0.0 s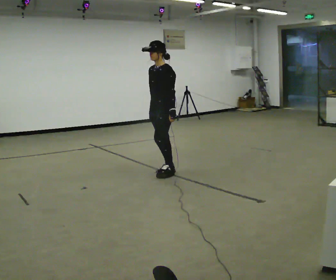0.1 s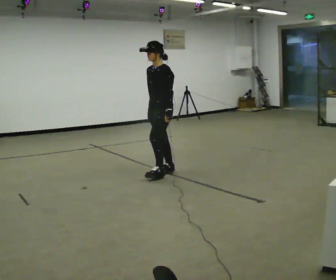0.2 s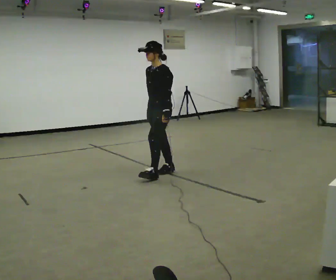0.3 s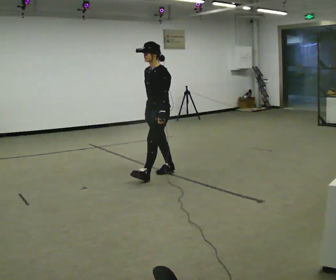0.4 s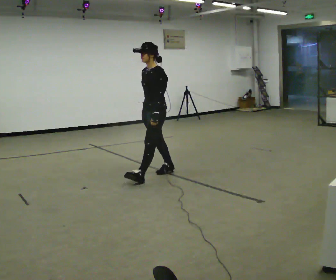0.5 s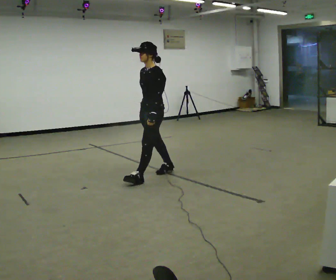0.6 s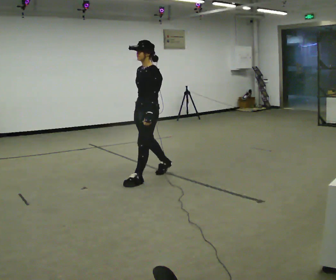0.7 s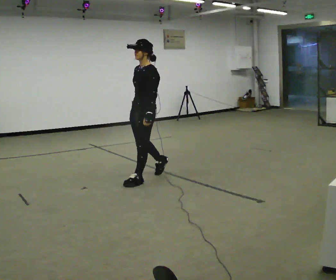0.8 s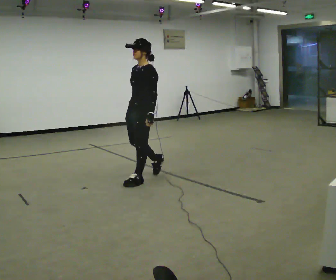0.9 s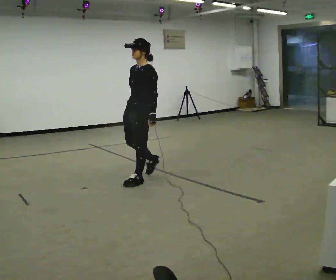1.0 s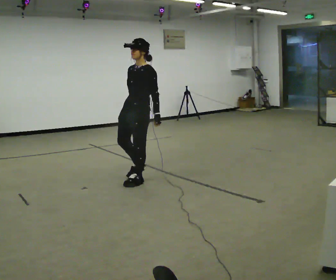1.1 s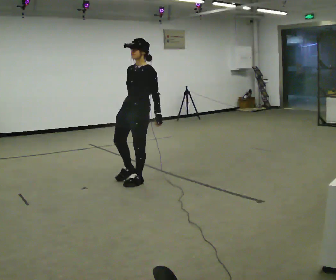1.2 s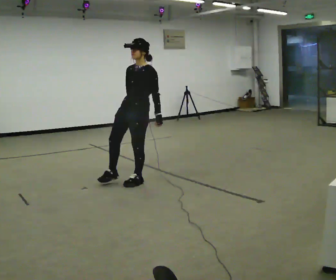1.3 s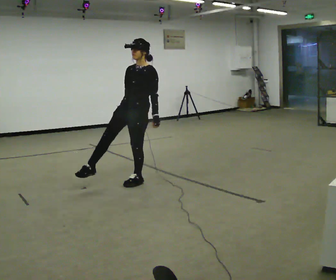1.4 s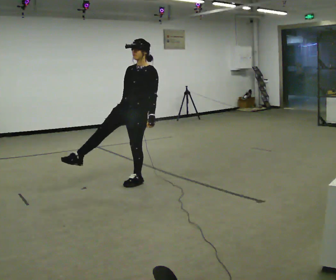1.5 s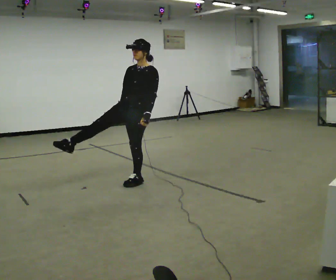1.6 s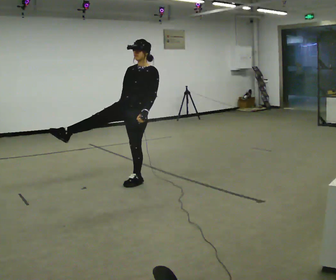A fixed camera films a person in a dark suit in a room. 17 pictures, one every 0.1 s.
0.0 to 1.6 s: The person turns about 30 degrees to their left, counterclockwise seen from above, so the part of the body nearest the lens slides to the right. In the picture they go toward the camera and to the left, about 0.5 m, which for them is forward. In the picture the upper body tilts clockwise, shoulders to the right, as they lean back or straighten.
The film runs backward here.
